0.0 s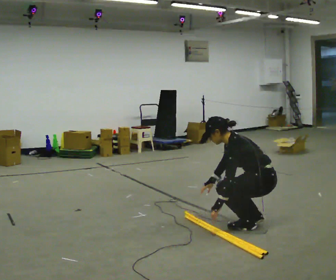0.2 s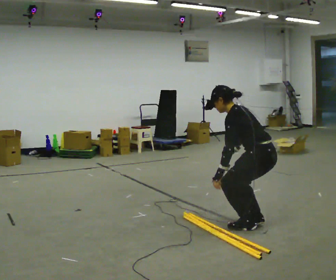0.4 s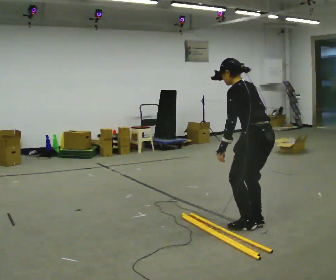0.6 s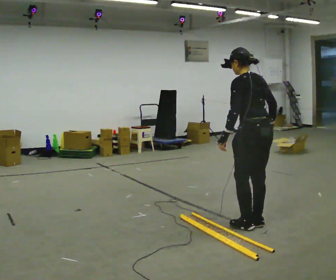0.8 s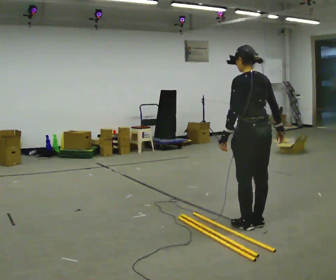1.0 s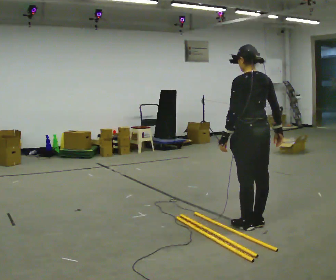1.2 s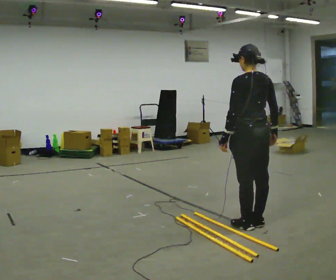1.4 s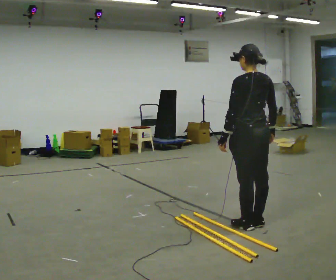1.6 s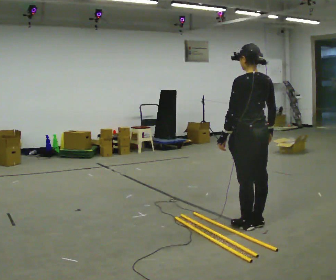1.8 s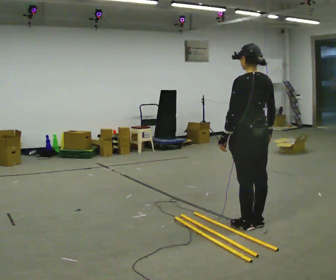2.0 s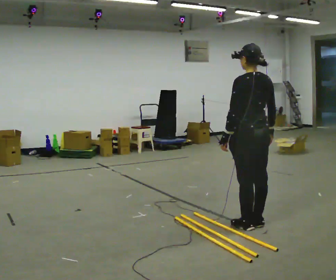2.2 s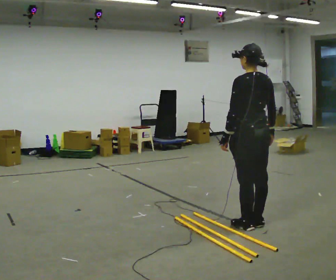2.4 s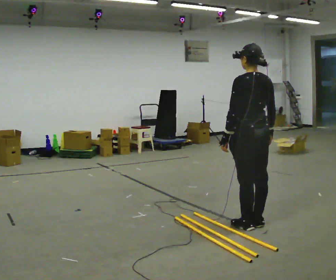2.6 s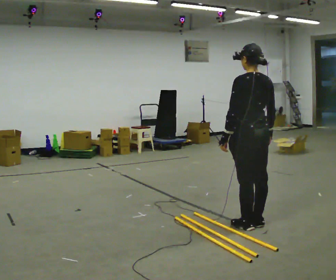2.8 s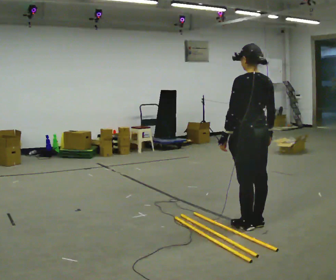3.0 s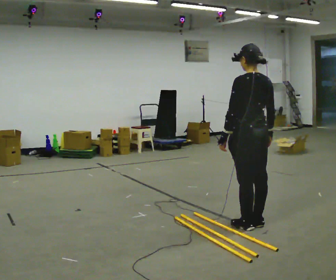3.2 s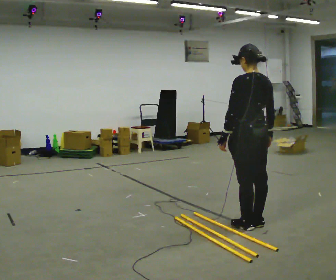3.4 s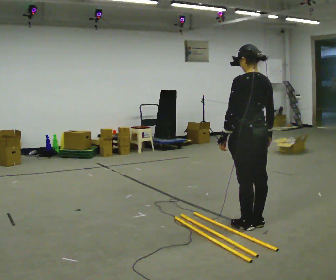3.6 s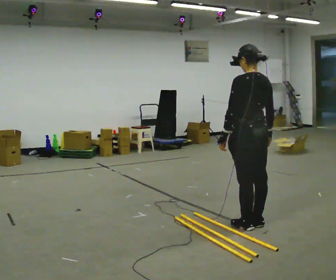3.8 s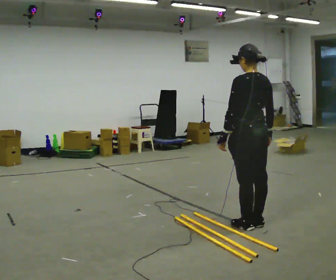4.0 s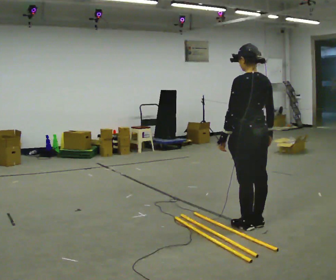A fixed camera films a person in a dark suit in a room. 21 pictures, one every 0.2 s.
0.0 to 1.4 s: The person turns about 30 degrees to their right, clockwise seen from above, so the part of the body nearest the lens slides to the left. The upper body goes upward. In the picture the upper body tilts clockwise, shoulders to the right, as they lean back or straighten. In the picture their right hand goes to the right and upward, the arm swinging counterclockwise.
1.4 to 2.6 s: The person moves a little, or ends about where they began.
2.6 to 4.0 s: The person keeps their place and pose.
The film runs forward here.
